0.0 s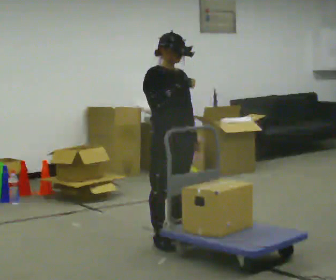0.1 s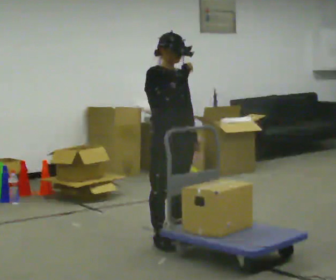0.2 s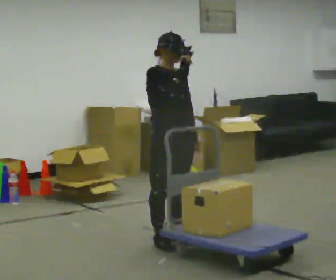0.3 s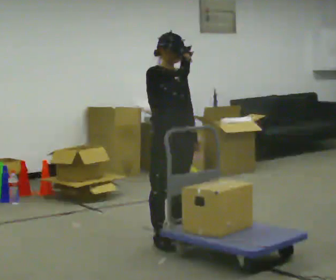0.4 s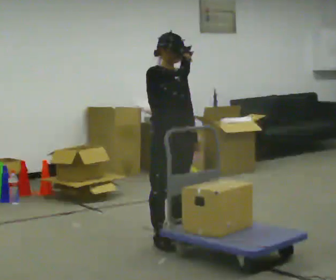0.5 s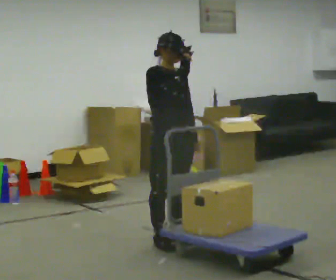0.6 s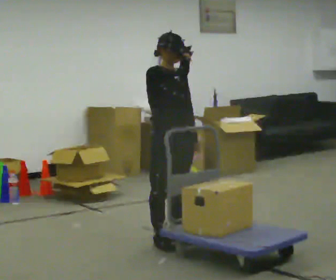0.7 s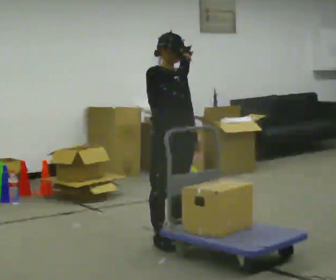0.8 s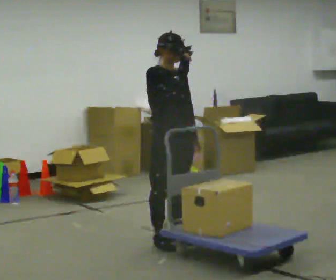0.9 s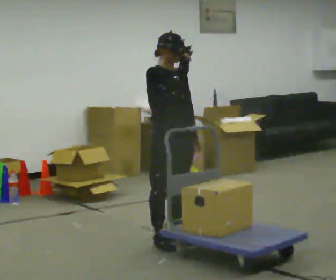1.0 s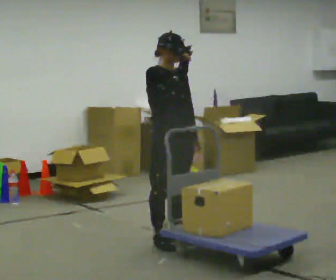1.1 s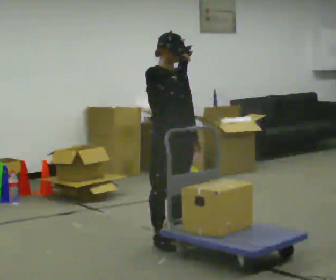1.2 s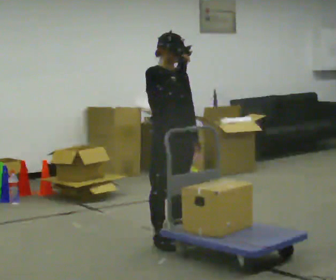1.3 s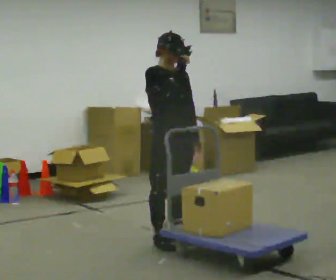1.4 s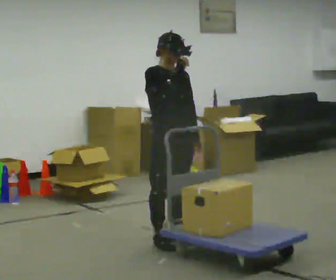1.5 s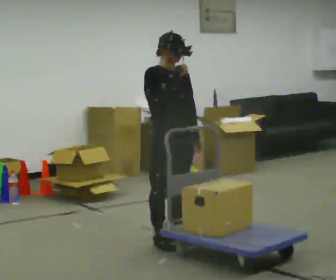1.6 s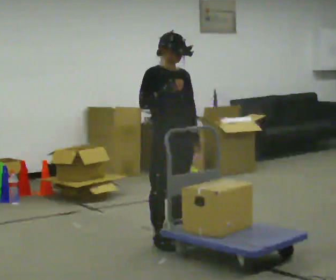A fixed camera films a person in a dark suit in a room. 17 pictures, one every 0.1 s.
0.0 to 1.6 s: The person moves a little, or ends about where they began.
The film runs backward here.
